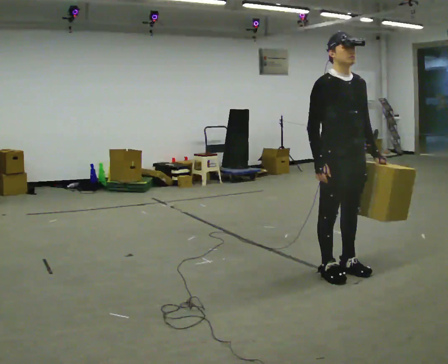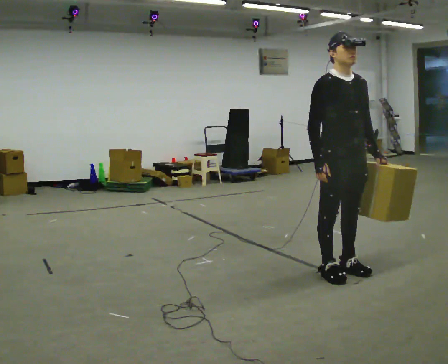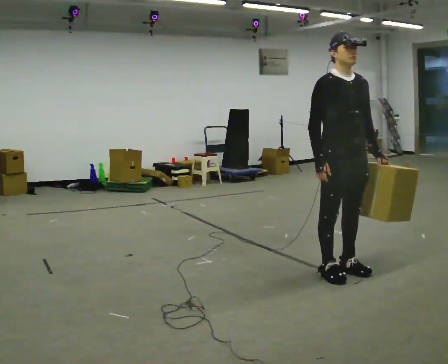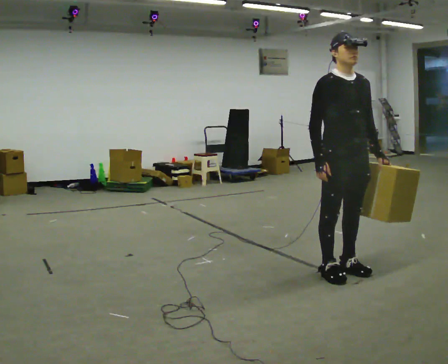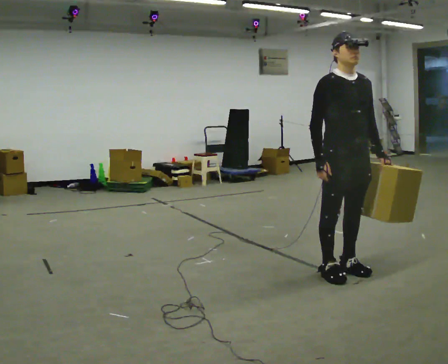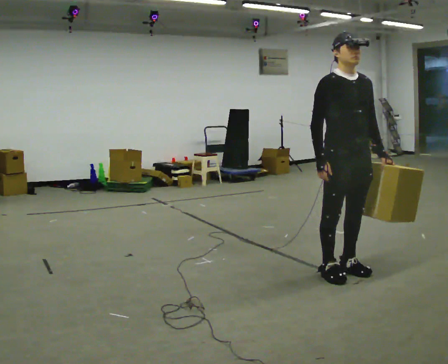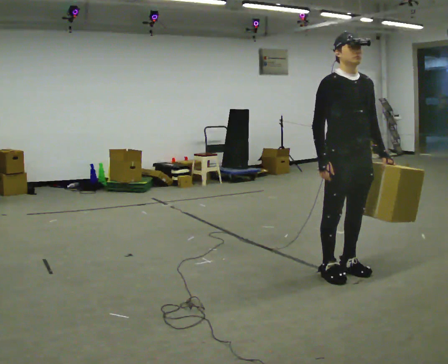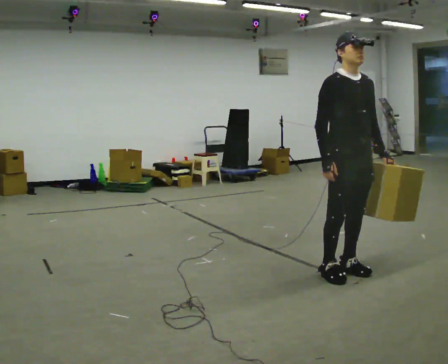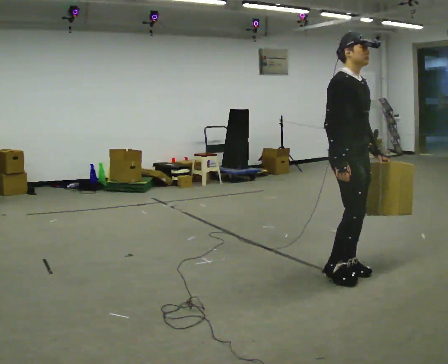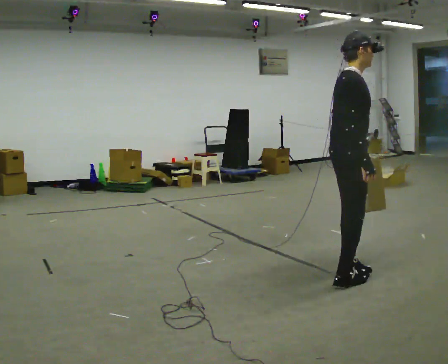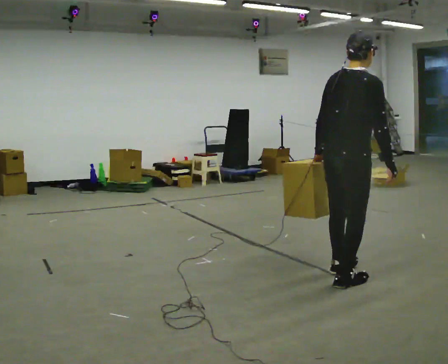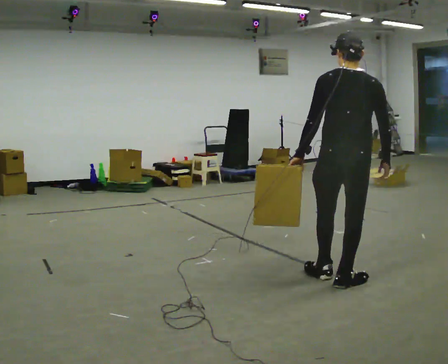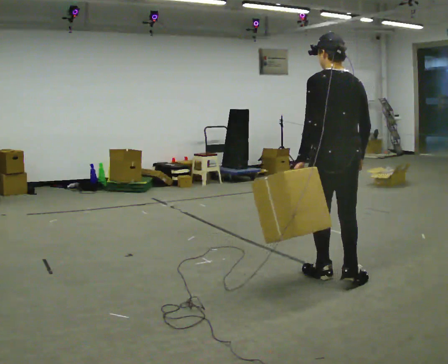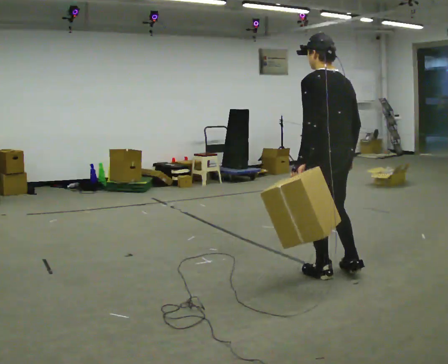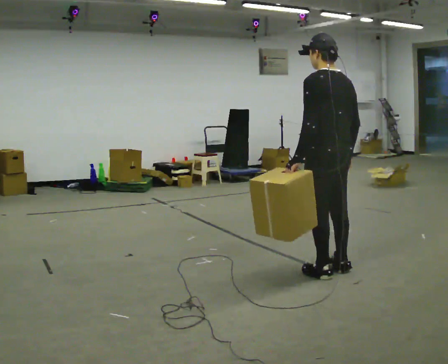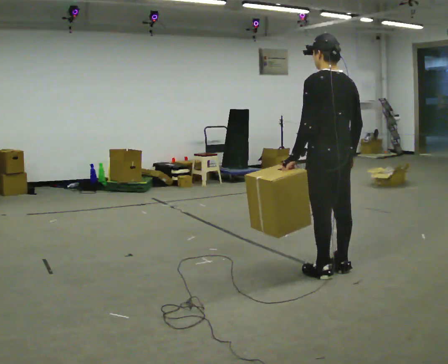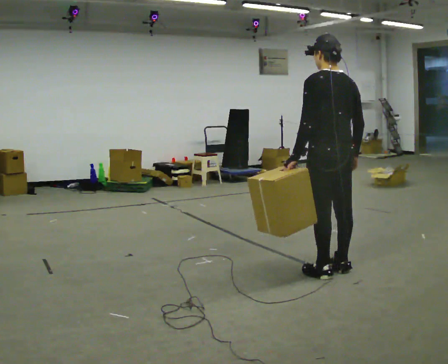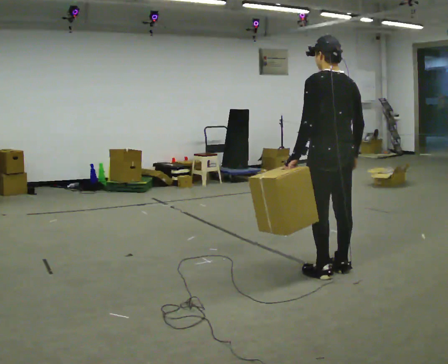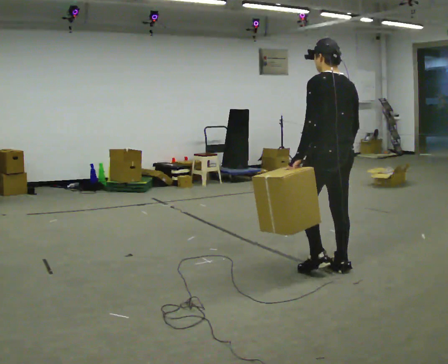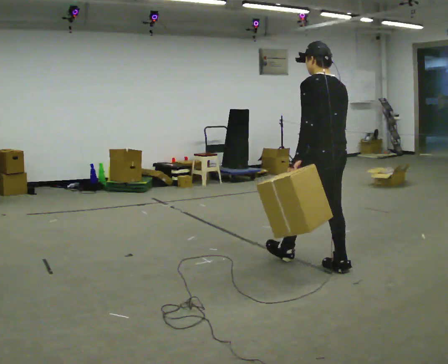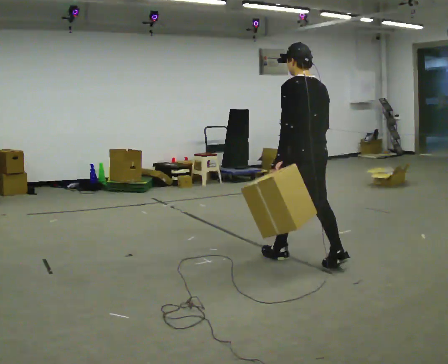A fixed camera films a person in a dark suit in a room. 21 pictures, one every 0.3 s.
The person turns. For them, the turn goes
to their left.
The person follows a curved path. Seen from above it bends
clockwise.
0.0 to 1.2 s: The person moves a little, or ends about where they began.
1.2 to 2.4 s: Seen from above the body turns counterclockwise, about 30 degrees: to their left, with its near side sliding to the right.
2.4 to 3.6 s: The part of the body nearest the lens slides to the right as the person turns to their left by about 150 degrees. In the picture their left hand goes to the left, the arm swinging clockwise.
3.6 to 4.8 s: The person moves a little, or ends about where they began.
4.8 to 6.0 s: In the picture they go away from the camera and to the left, about 0.25 m in 1 step, which for them is forward.
The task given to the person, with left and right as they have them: Carry the box across the room, stopping and starting again each time the operator says stop and go. Do not set the box down.
The film runs forward here.
